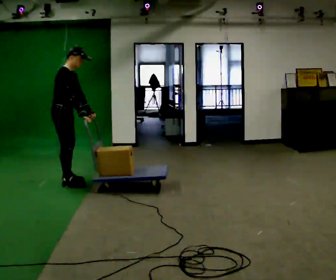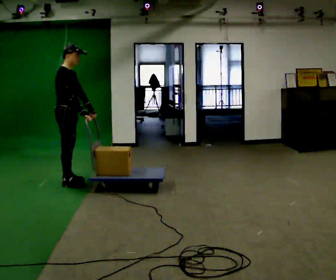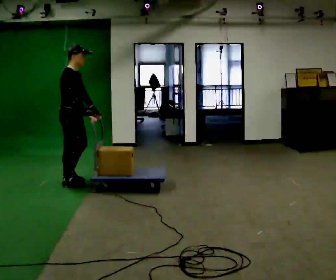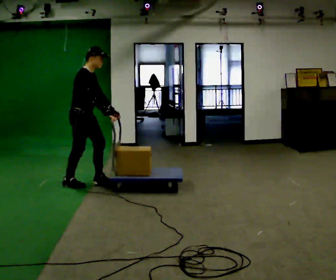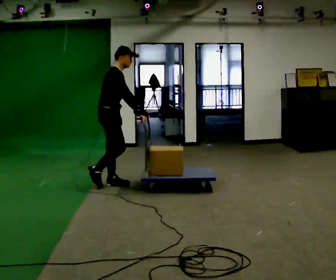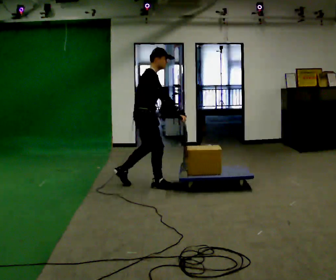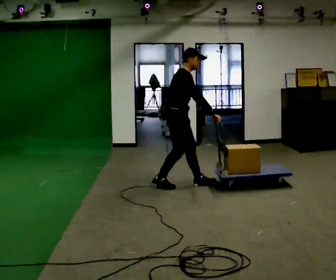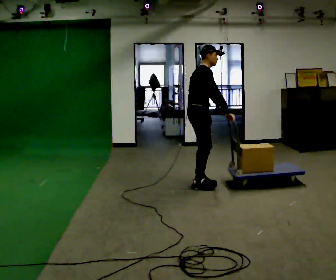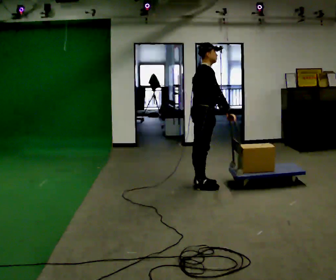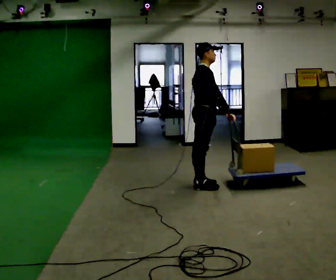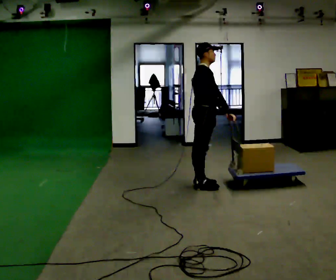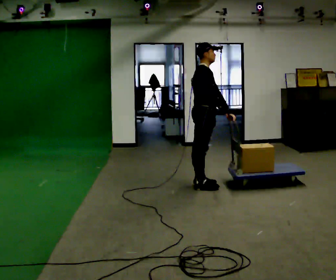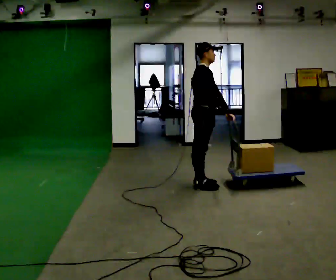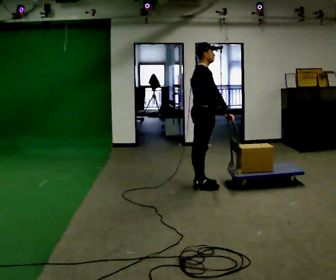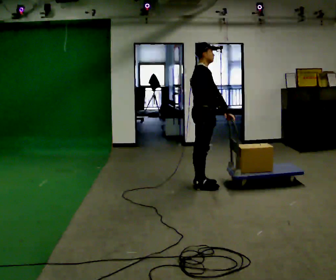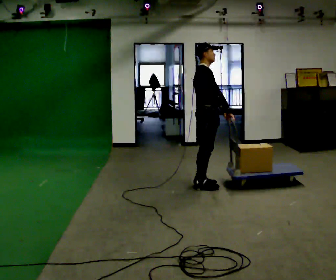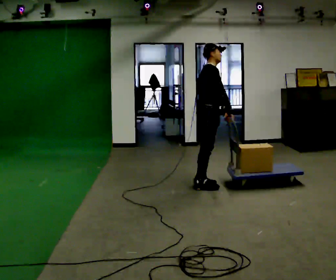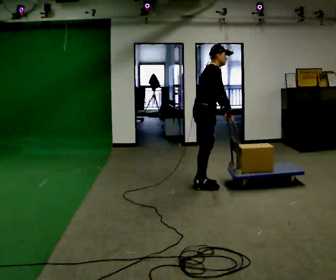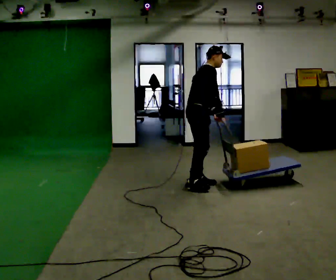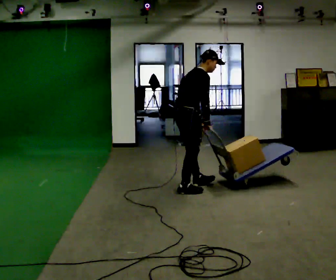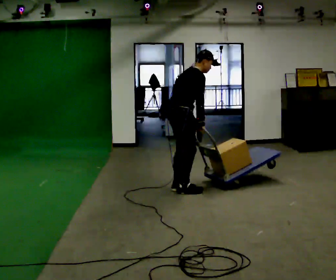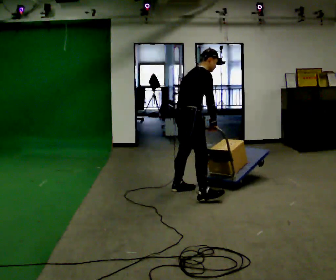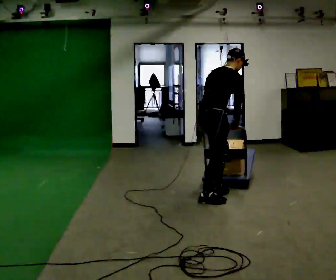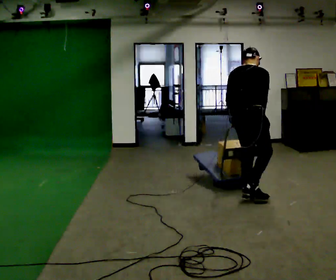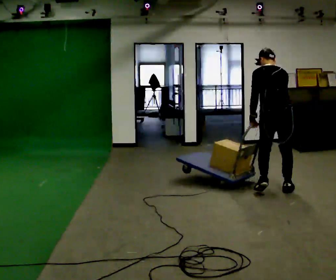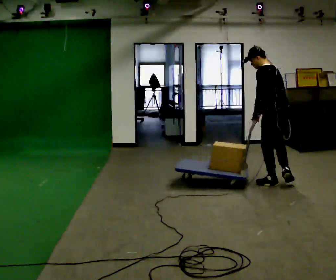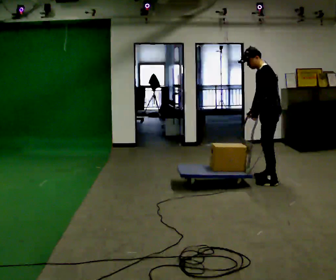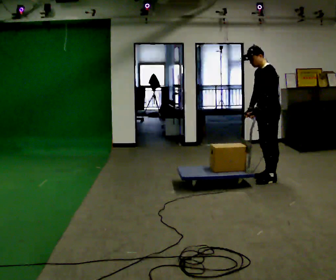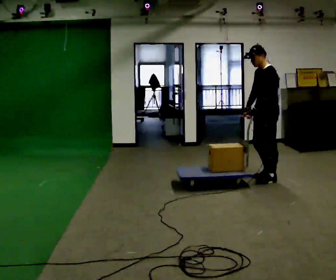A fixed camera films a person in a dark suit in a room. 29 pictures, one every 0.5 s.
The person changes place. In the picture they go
to the right.
0.0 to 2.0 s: In the picture they go to the right, about 0.5 m in 1 step, which for them is forward.
2.0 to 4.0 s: In the picture they go to the right, about 1 m in 3 steps, which for them is forward.
4.0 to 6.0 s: The person keeps their place and pose.
6.0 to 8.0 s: The person moves a little, or ends about where they began.
8.0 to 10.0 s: In the picture they go to the left and toward the camera, about 0.5 m in 2 steps, which for them is backward and to their right.
10.0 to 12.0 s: The part of the body nearest the lens slides to the right as the person turns to their left by about 75 degrees. In the picture they go to the right, about 1 m in 3 steps. In the picture the upper body tilts counterclockwise, shoulders to the left.
12.0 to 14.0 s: Seen from above the body turns counterclockwise, about 90 degrees: to their left, with its near side sliding to the right. In the picture they go away from the camera, about 0.5 m in 3 steps. The upper body tips toward the camera, its near side rolling downward.
The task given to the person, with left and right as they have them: Stand still with your hands on the cart. When the operator says go, get it moving, push it a few metres, then bring it to a stop. Repeat until the operator says stop.
The film runs forward here.
